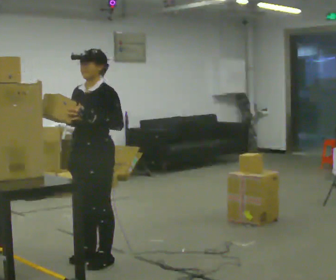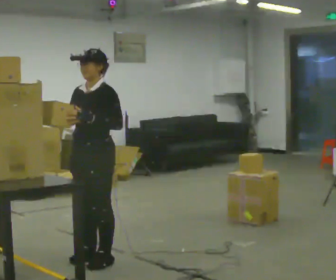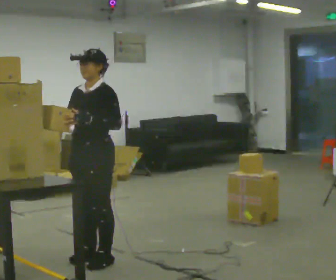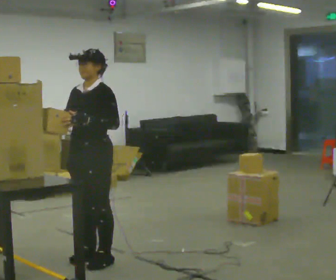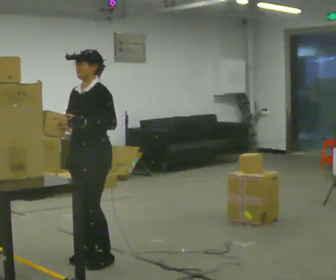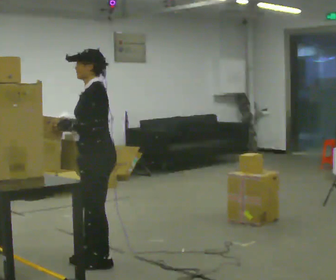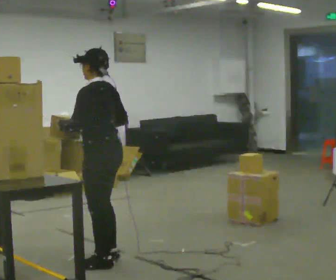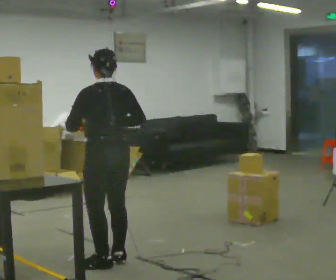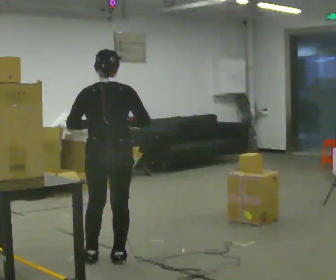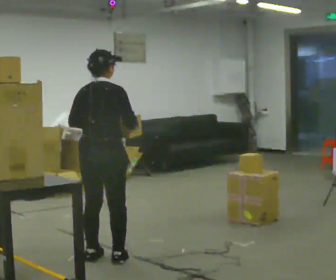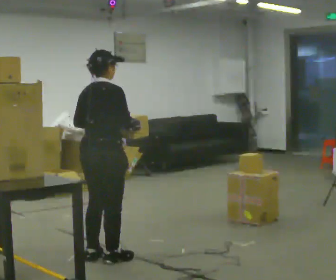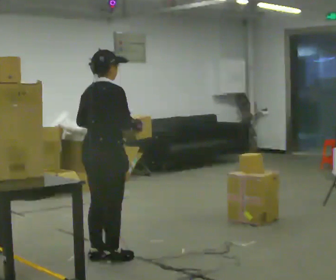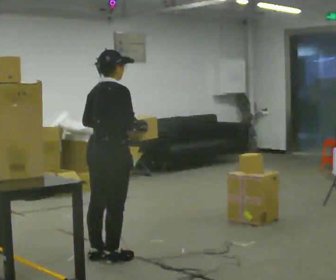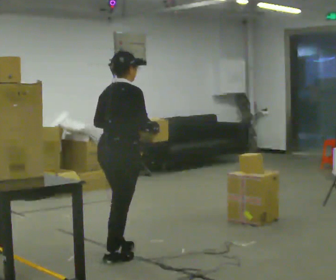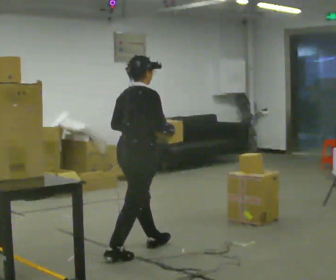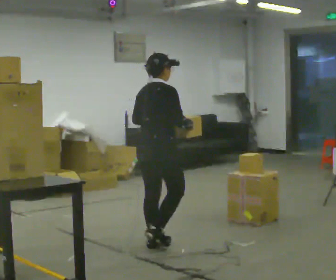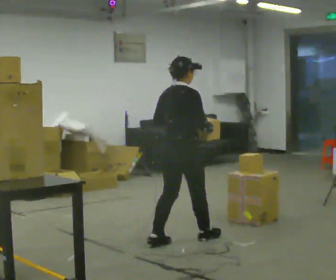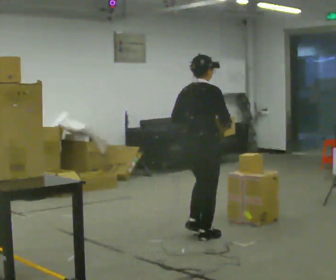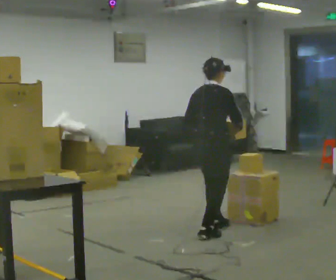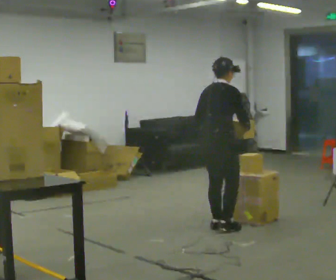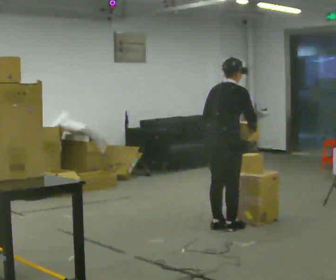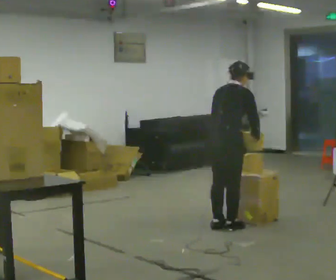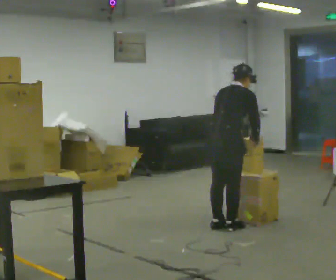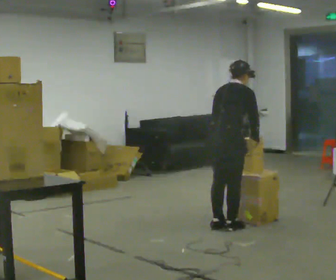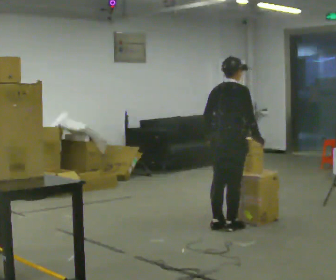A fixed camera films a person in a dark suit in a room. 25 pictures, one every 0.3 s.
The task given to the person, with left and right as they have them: Take an object down from the highest shelf you can comfortably reach, carry it across, and place it on the waist-height shelf. Keep going until the operator says stop; one object at a time, and do not rush between trips.
0.0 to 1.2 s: The person moves a little, or ends about where they began.
1.2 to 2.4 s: The person turns about 135 degrees to their right, clockwise seen from above, so the part of the body nearest the lens slides to the left. In the picture their right hand goes to the right.
2.4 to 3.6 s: The part of the body nearest the lens slides to the left as the person turns to their right by about 45 degrees.
3.6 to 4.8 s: In the picture they go to the right and away from the camera, about 1 m in 2 steps, which for them is forward.
4.8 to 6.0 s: In the picture they go to the right and away from the camera, about 0.5 m in 2 steps, which for them is forward.
6.0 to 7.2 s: The person moves a little, or ends about where they began.
The film runs forward here.
